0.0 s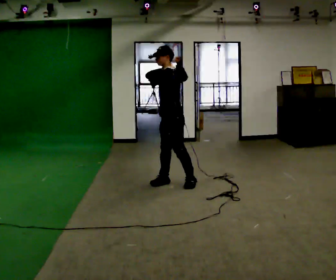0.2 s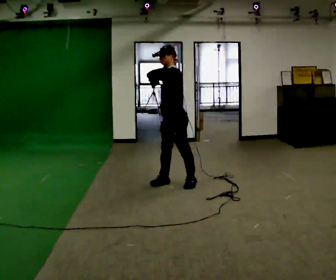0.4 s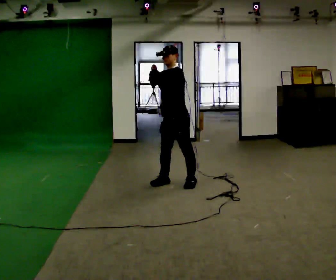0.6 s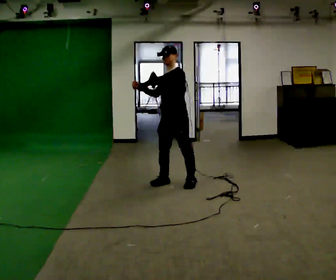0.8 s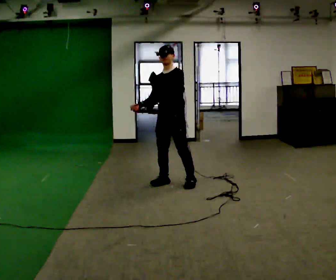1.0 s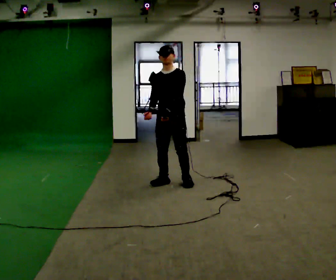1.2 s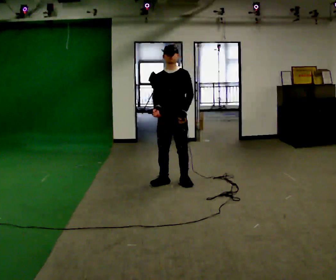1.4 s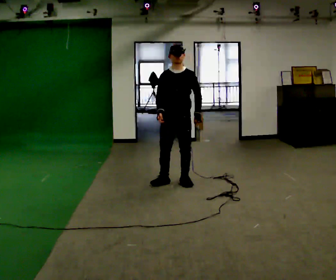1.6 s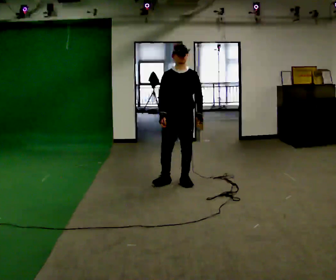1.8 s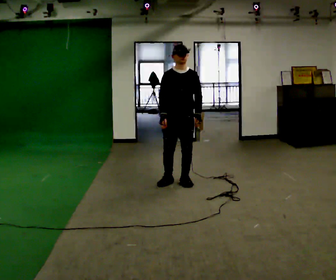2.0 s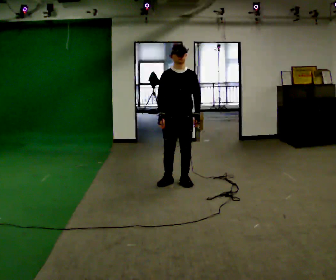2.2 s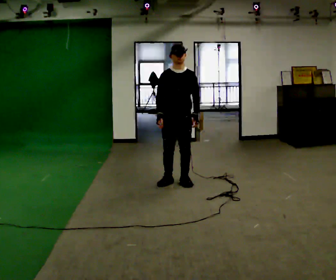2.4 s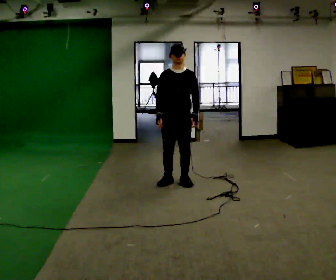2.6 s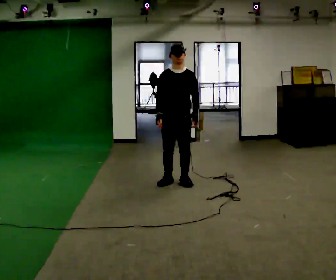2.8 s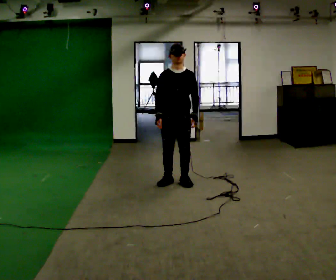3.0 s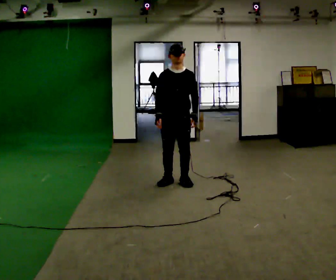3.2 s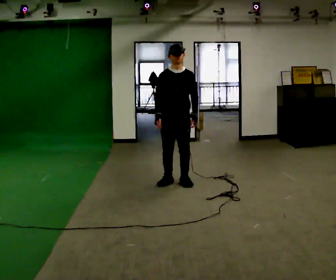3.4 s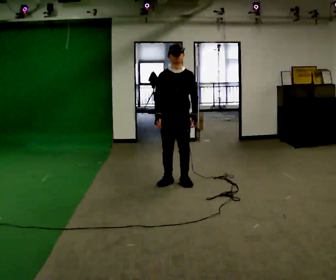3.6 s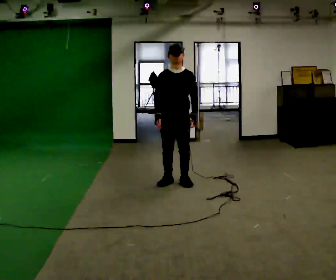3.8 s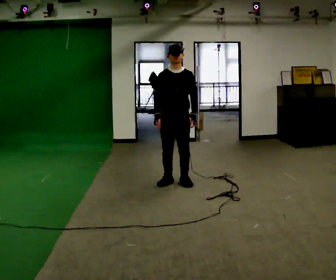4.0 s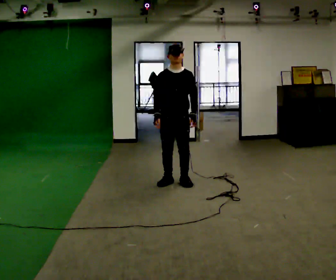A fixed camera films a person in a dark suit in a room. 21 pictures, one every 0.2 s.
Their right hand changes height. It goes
downward.
The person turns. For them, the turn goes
to their left.
0.0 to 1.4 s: The person turns about 75 degrees to their left, counterclockwise seen from above, so the part of the body nearest the lens slides to the right. In the picture their right hand goes downward.
1.4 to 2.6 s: The person moves a little, or ends about where they began.
2.6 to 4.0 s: The person keeps their place and pose.
The film runs backward here.
